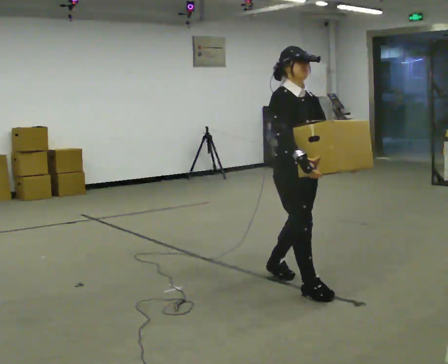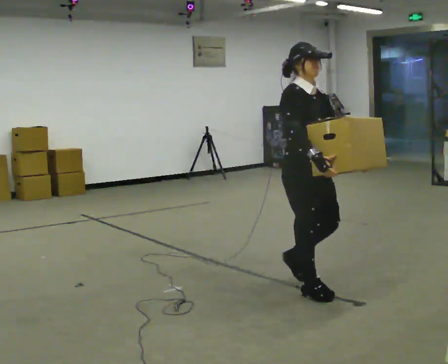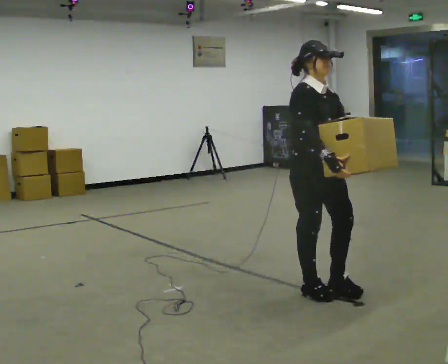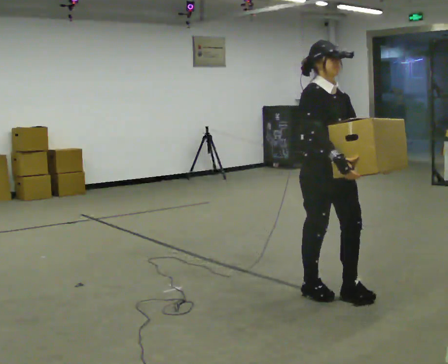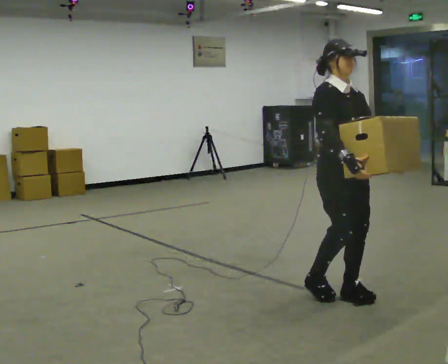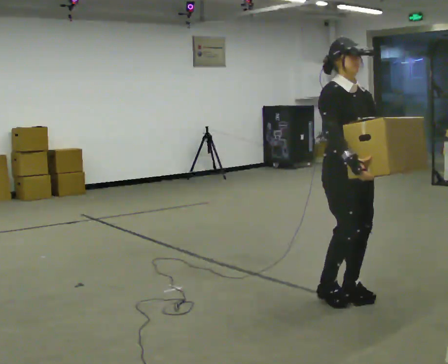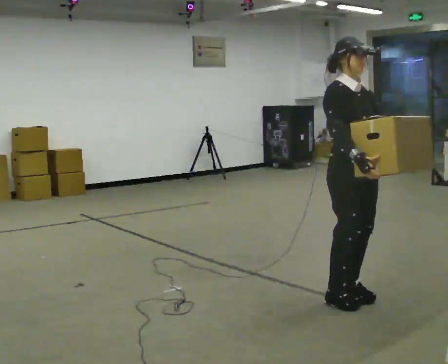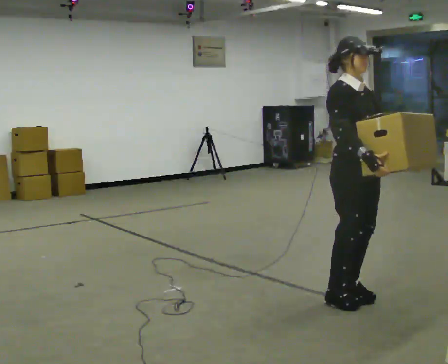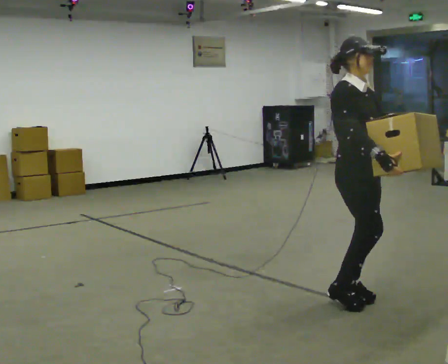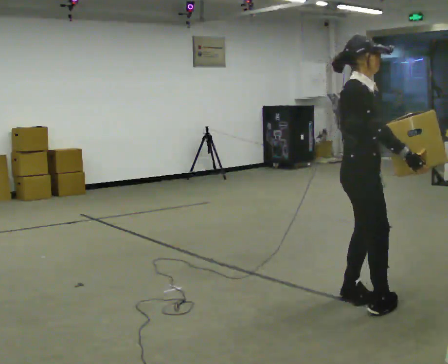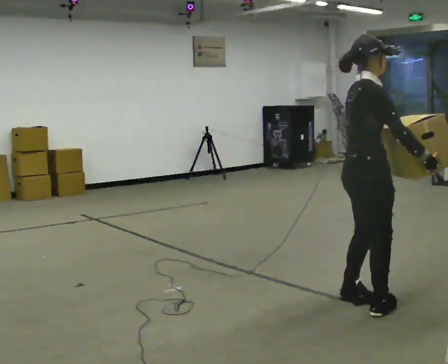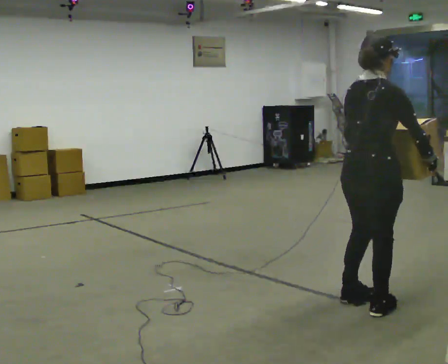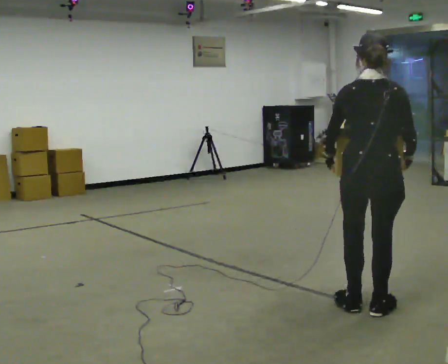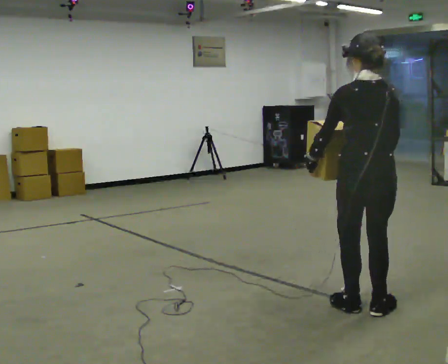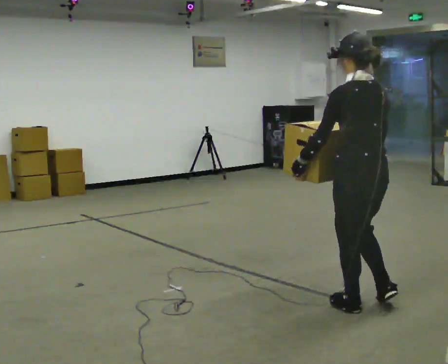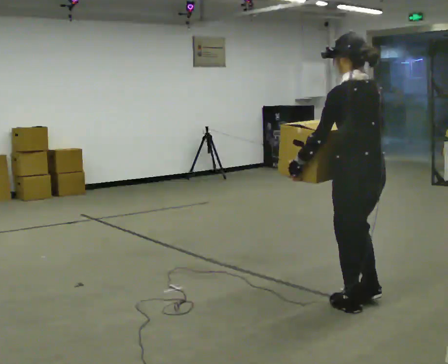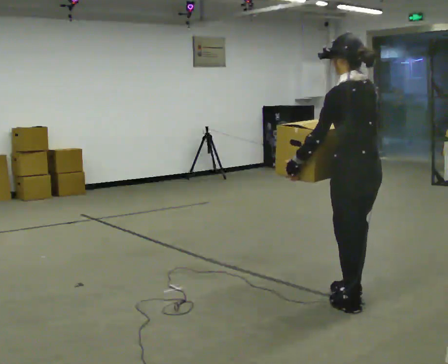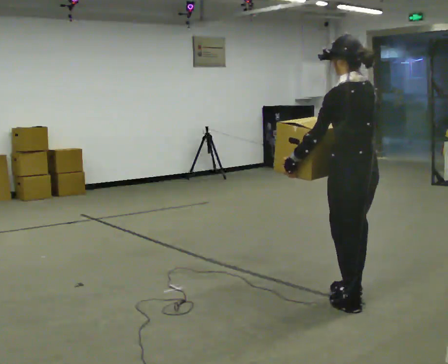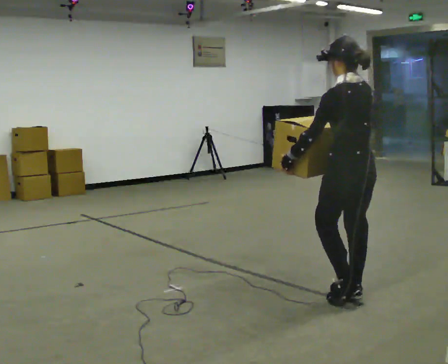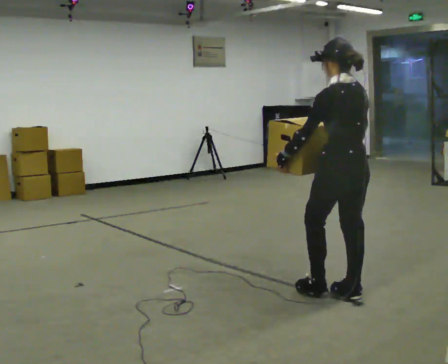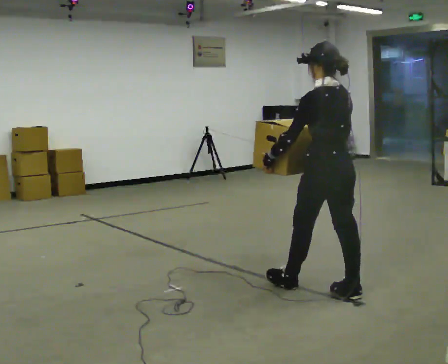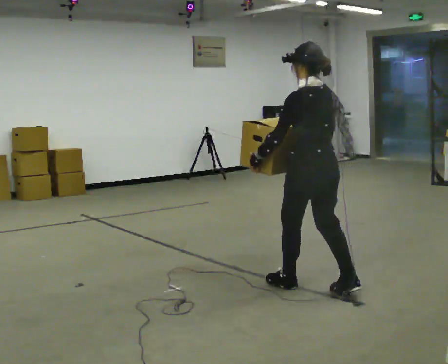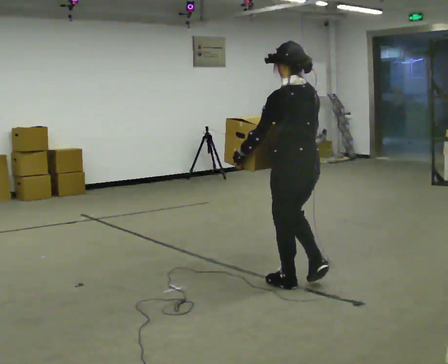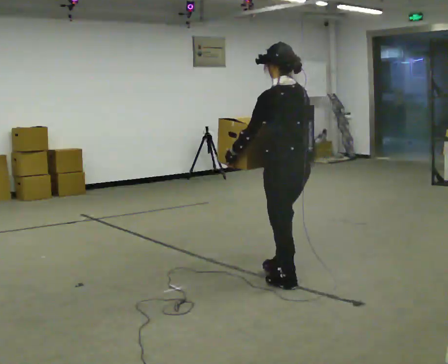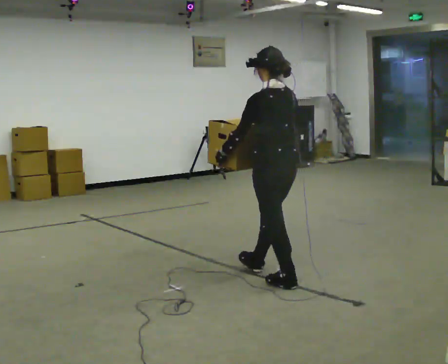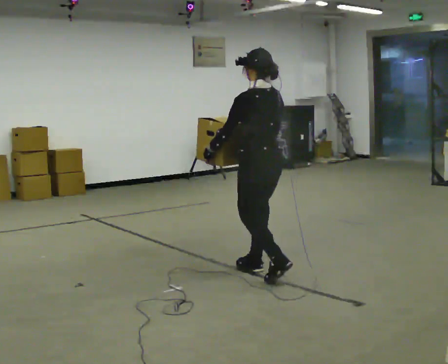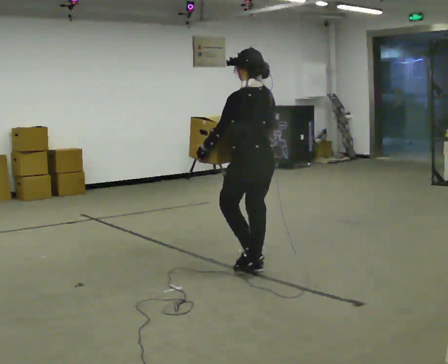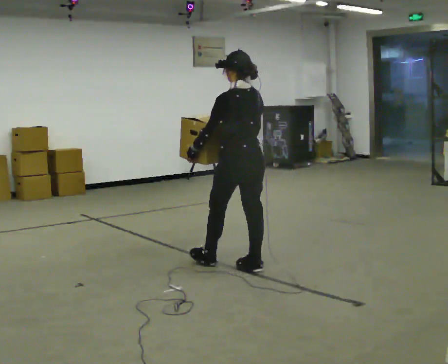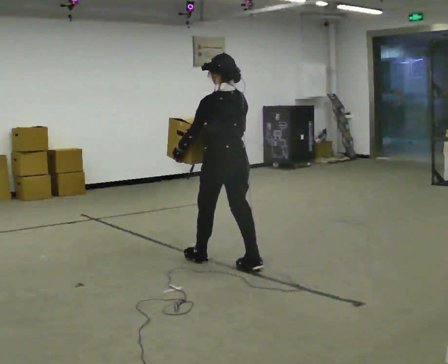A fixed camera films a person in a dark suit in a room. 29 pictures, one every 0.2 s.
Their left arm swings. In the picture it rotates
clockwise.
The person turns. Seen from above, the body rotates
counterclockwise.
0.0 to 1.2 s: In the picture they go to the right and toward the camera, about 0.5 m in 2 steps, which for them is forward.
1.2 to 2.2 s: Seen from above the body turns counterclockwise, about 90 degrees: to their left, with its near side sliding to the right. In the picture they go toward the camera, about 0.25 m in 1 step. In the picture their left hand goes to the left, the arm swinging clockwise.
2.2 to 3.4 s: The person turns about 90 degrees to their left, counterclockwise seen from above, so the part of the body nearest the lens slides to the right. In the picture they go away from the camera, about 0.25 m in 2 steps. In the picture their right hand goes to the left, the arm swinging clockwise.
3.4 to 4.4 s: In the picture they go to the left and away from the camera, about 0.5 m in 1 step, which for them is forward.
4.4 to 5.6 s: In the picture they go to the left and away from the camera, about 1 m in 2 steps, which for them is forward.
The film runs forward here.
